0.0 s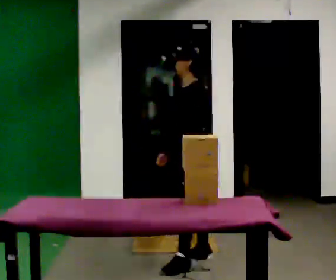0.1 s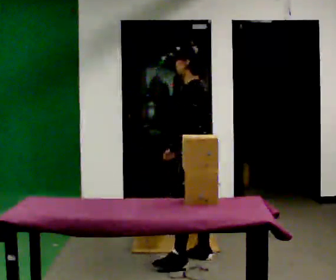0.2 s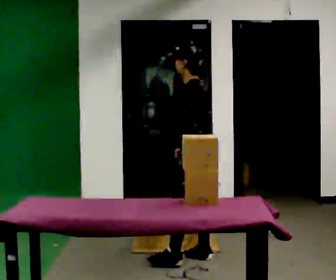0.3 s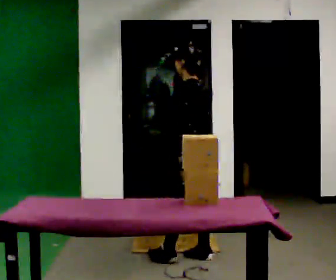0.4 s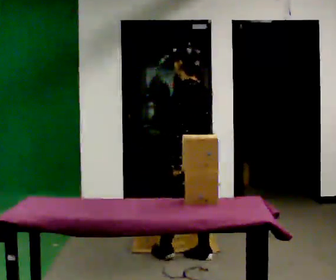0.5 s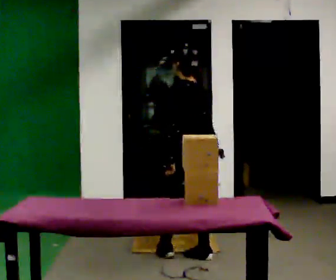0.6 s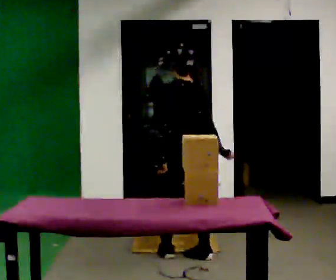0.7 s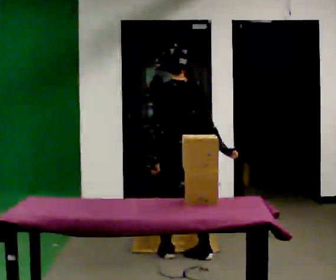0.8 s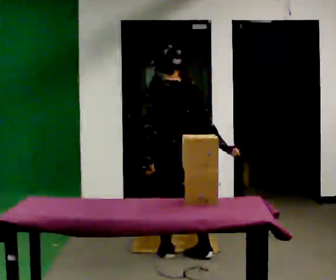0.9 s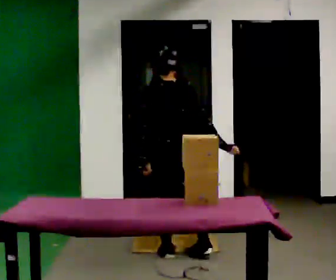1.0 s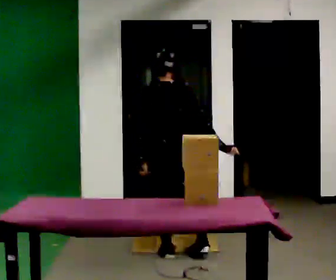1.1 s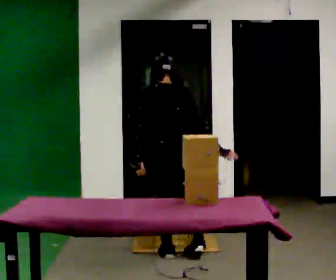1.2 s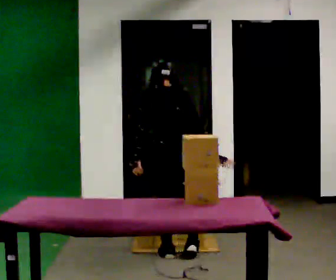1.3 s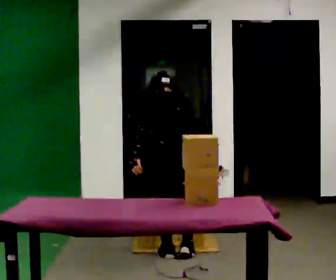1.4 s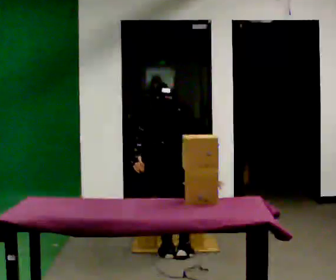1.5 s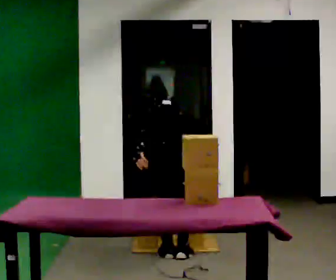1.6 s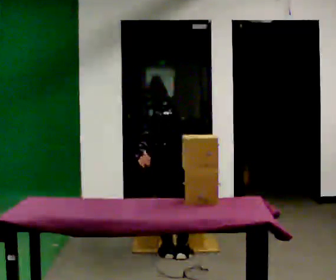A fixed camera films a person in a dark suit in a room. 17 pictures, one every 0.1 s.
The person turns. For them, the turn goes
to their right.
The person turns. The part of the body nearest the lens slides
to the left.
0.0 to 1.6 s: The person turns about 90 degrees to their right, clockwise seen from above, so the part of the body nearest the lens slides to the left. The upper body goes downward. The upper body tips away from the camera, its near side rolling upward, as they bend forward. In the picture their left hand goes to the left.
The film runs backward here.
